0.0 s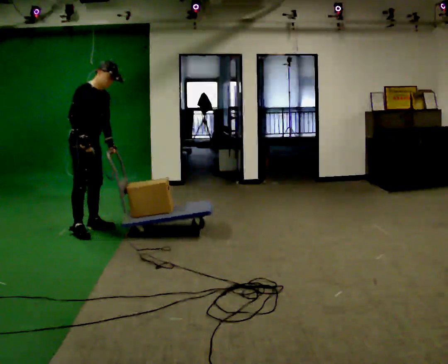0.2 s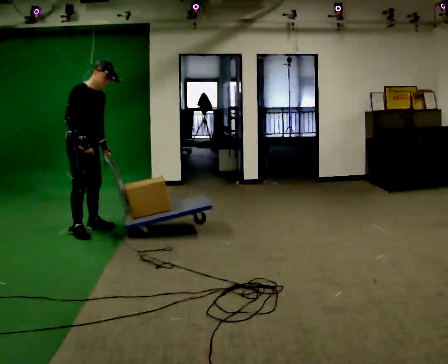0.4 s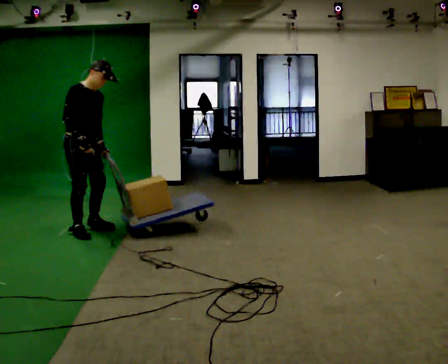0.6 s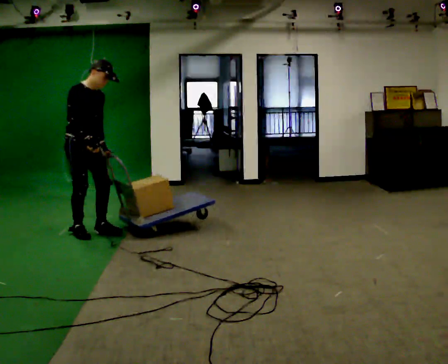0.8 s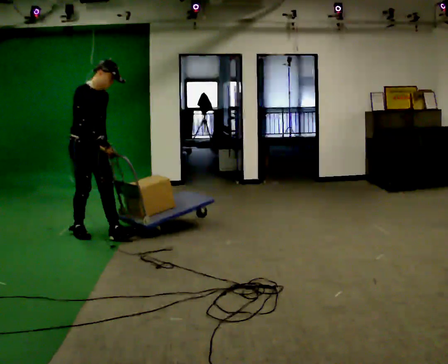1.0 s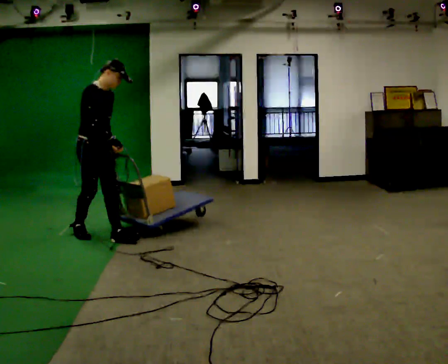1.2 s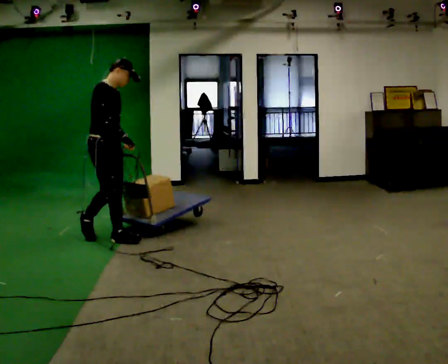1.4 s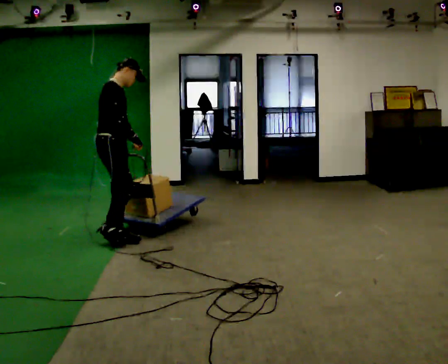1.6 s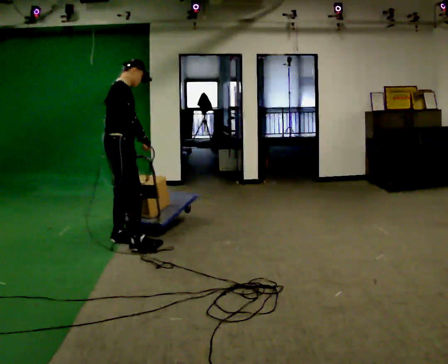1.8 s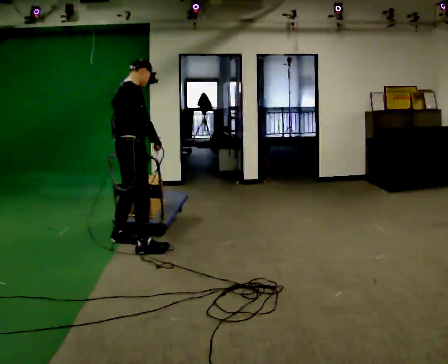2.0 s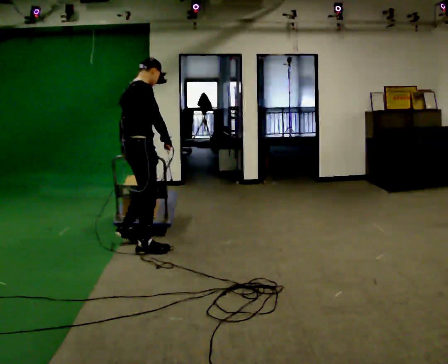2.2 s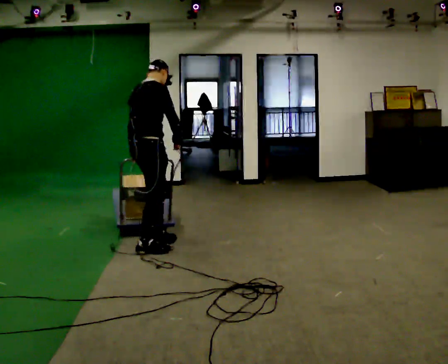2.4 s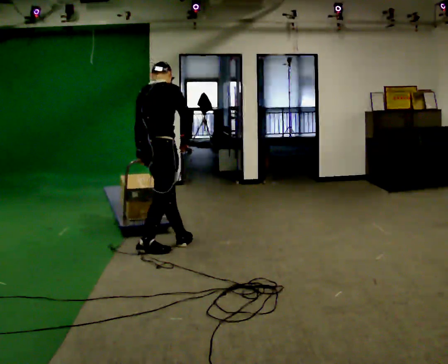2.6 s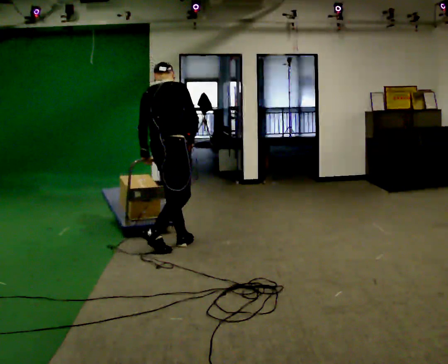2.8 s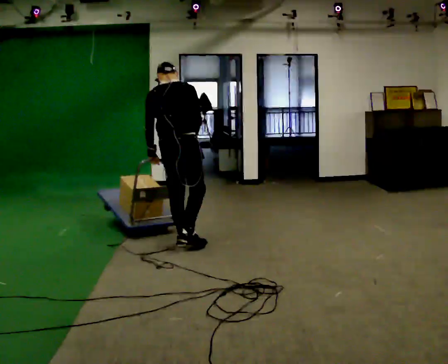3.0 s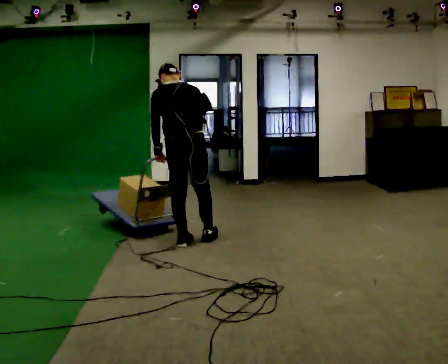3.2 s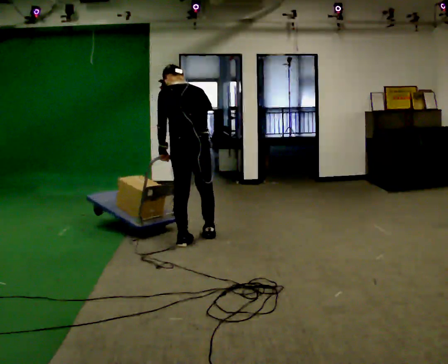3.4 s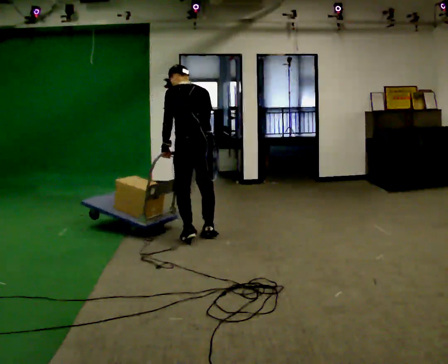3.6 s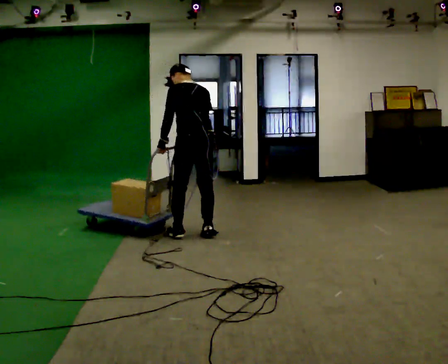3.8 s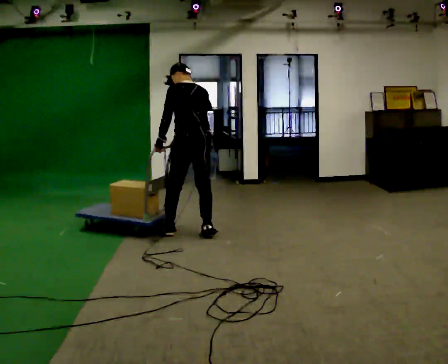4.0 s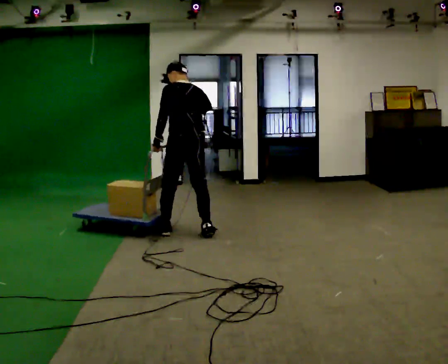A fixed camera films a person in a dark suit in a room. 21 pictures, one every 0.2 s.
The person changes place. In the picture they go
to the right.
The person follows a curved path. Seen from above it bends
counterclockwise.
0.0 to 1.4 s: In the picture they go toward the camera and to the right, about 0.5 m in 1 step, which for them is forward.
1.4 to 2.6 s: The person turns about 45 degrees to their left, counterclockwise seen from above, so the part of the body nearest the lens slides to the right. In the picture they go to the right, about 0.5 m in 2 steps, which for them is forward and to their right.
2.6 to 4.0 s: The part of the body nearest the lens slides to the right as the person turns to their left by about 60 degrees. In the picture they go away from the camera and to the right, about 0.5 m in 2 steps.
The film runs forward here.
